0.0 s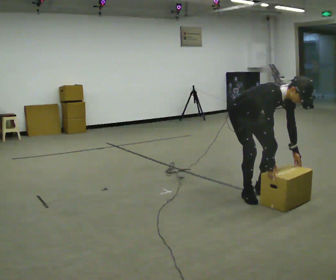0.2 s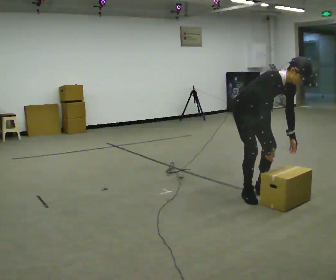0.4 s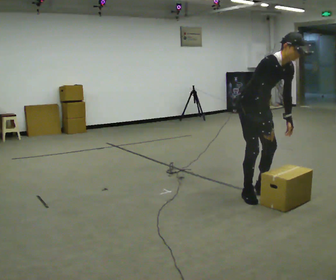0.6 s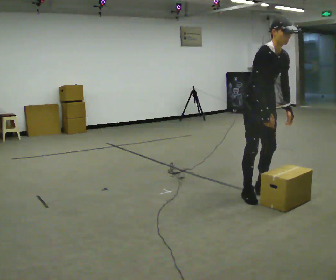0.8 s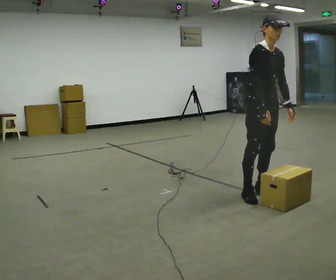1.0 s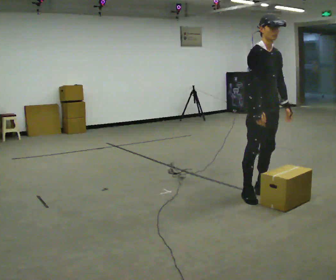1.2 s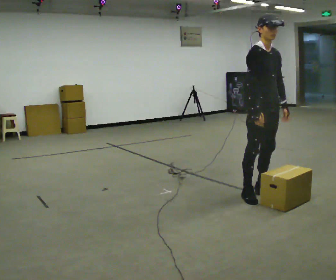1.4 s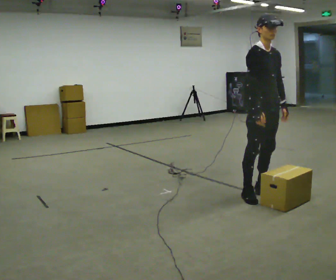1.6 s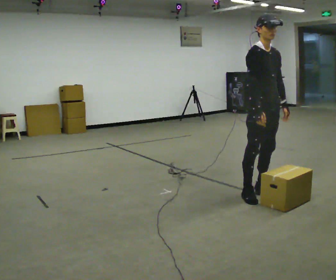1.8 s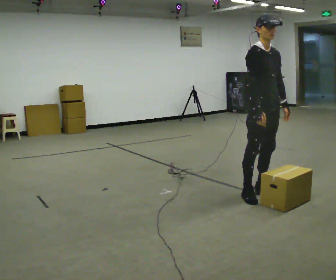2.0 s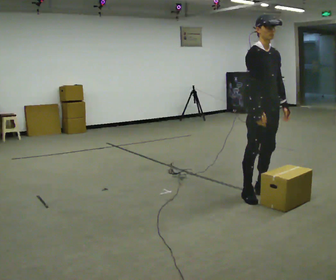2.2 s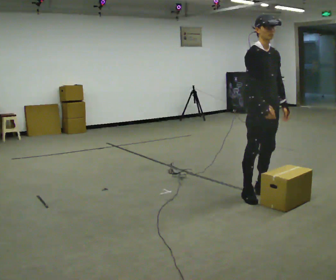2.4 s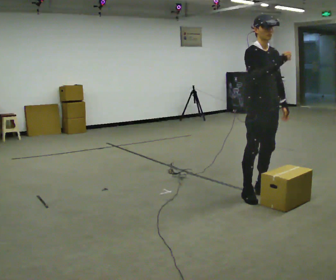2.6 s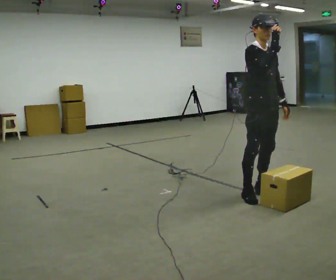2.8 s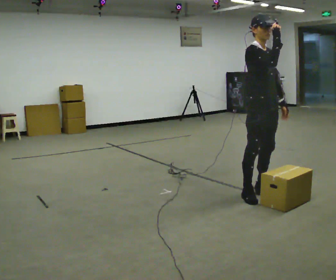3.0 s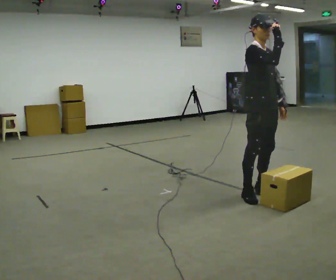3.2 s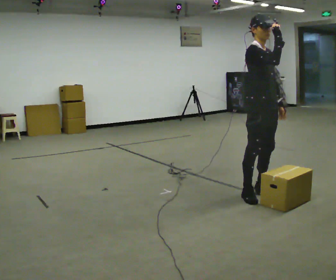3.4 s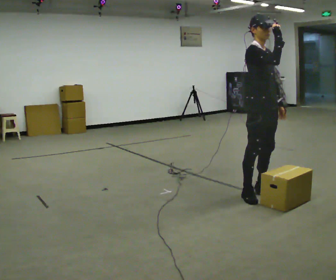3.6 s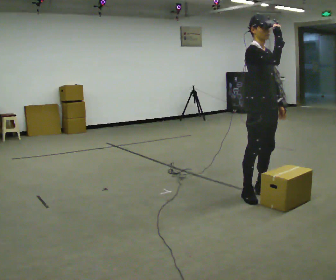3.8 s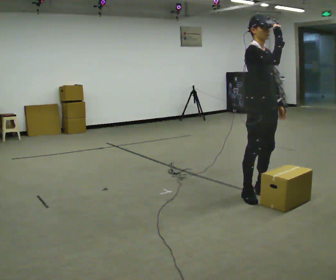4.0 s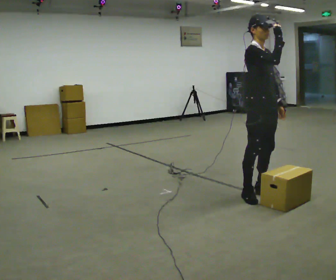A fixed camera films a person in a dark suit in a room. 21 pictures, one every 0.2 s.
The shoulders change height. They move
upward.
The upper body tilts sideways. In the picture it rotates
counterclockwise.
0.0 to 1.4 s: In the picture they go to the right, about 0.25 m, which for them is forward. The shoulders move upward. In the picture the upper body tilts counterclockwise, shoulders to the left, as they lean back or straighten. In the picture their right hand goes upward.
1.4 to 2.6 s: In the picture their right hand goes upward.
2.6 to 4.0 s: The person moves a little, or ends about where they began.
The film runs forward here.
